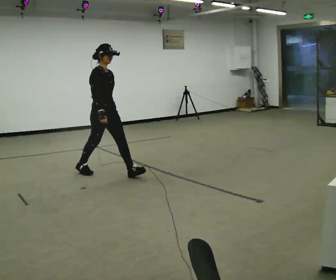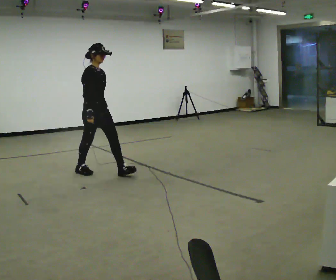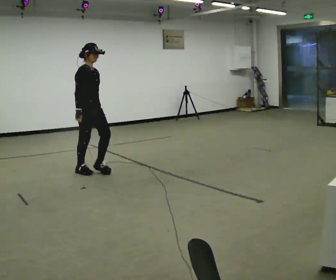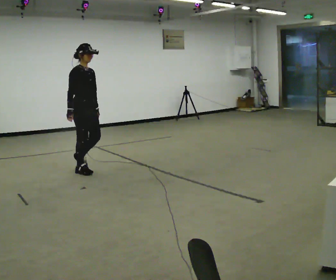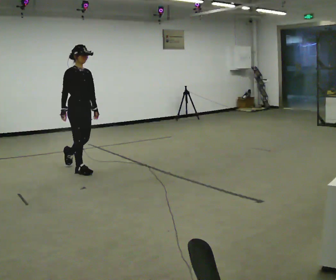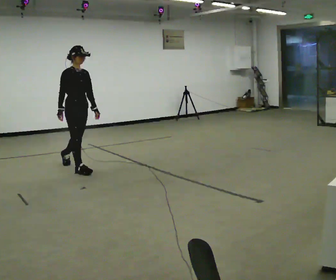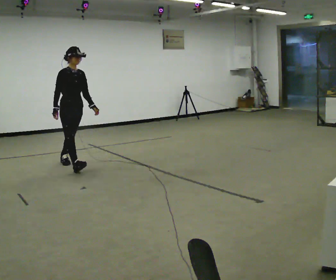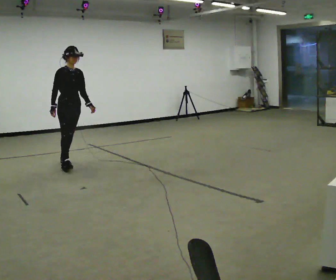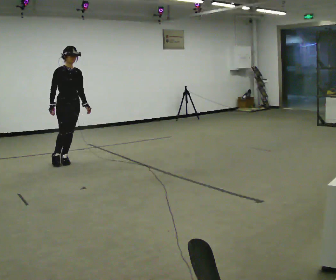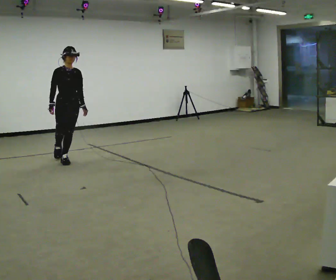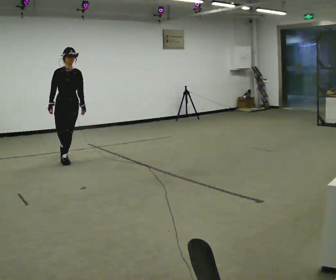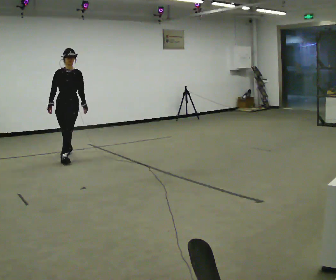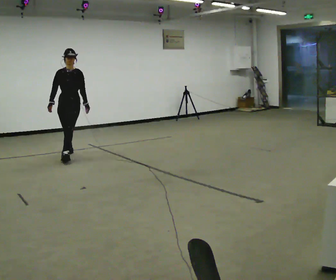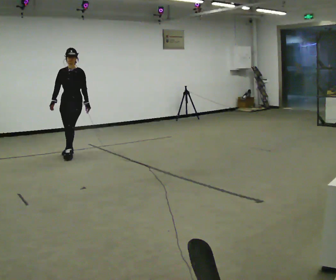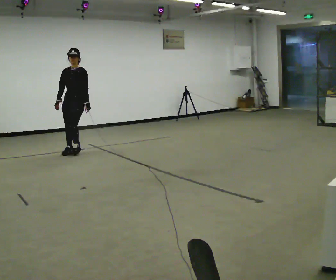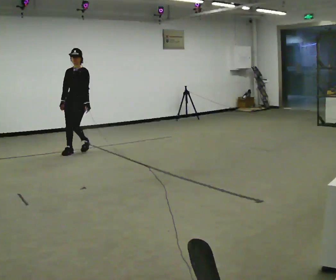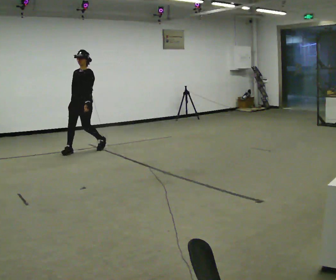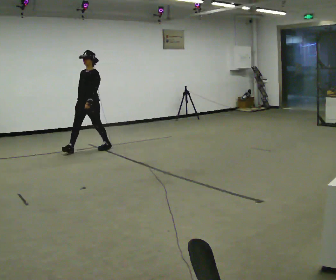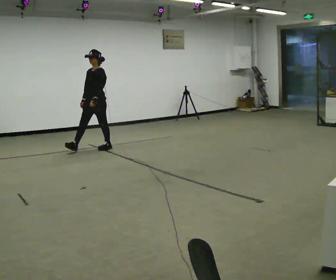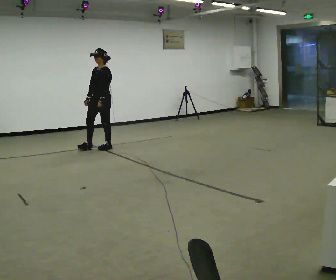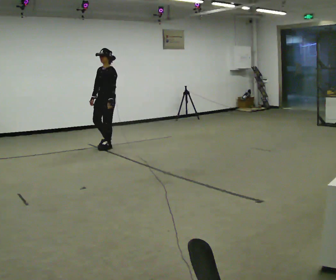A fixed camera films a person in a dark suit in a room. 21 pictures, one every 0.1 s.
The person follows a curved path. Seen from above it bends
clockwise.
The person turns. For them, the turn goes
to their right.
0.0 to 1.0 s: The person turns about 45 degrees to their right, clockwise seen from above, so the part of the body nearest the lens slides to the left. In the picture they go away from the camera and to the left, about 1 m in 1 step, which for them is backward.
1.0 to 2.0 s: The part of the body nearest the lens slides to the left as the person turns to their right by about 60 degrees. In the picture they go away from the camera and to the right, about 1 m in 2 steps, which for them is backward.
The film runs backward here.
